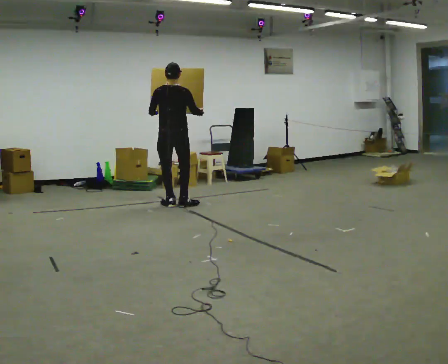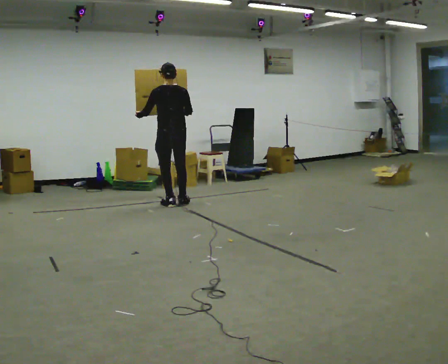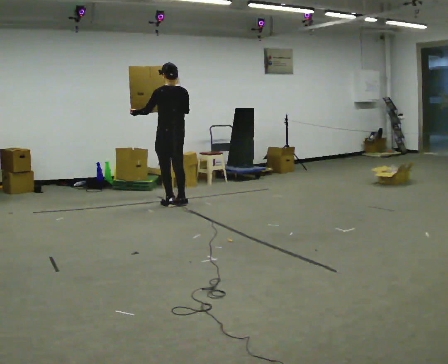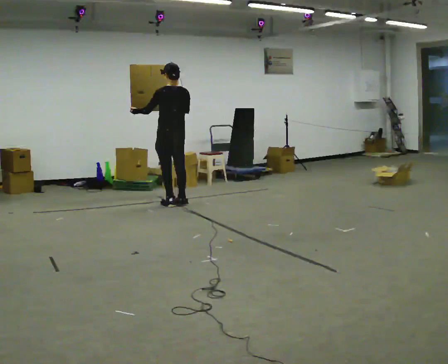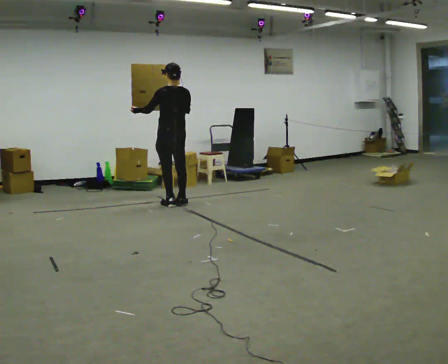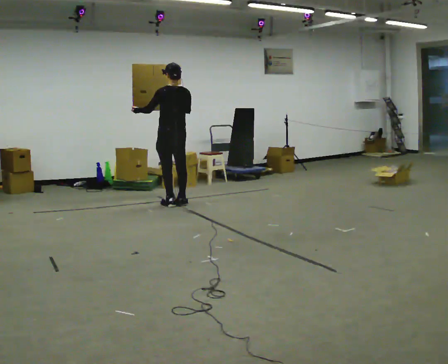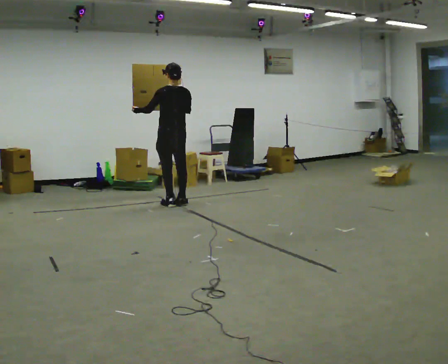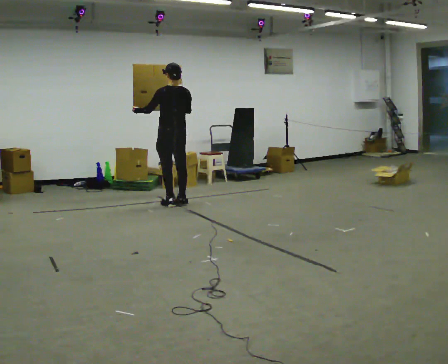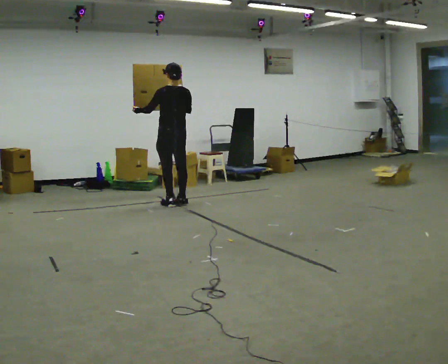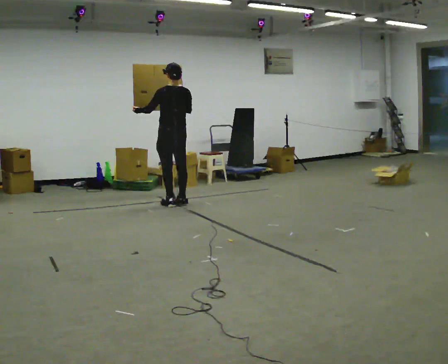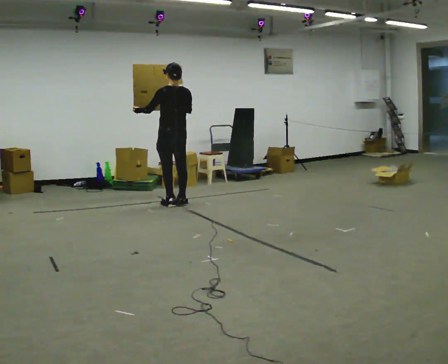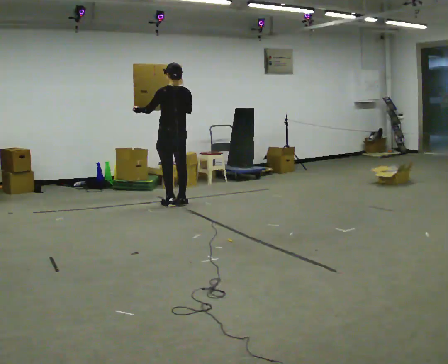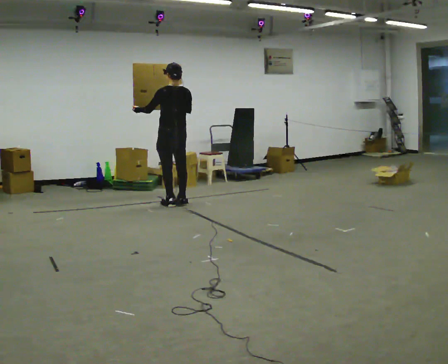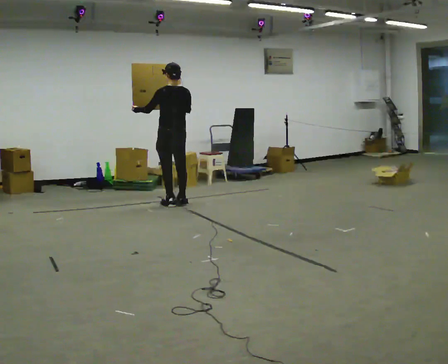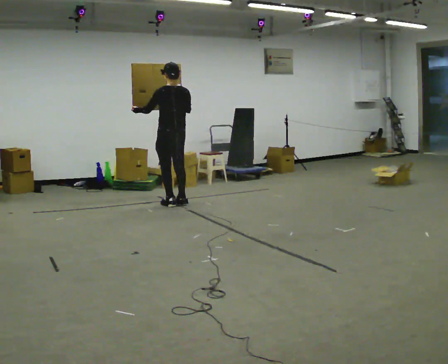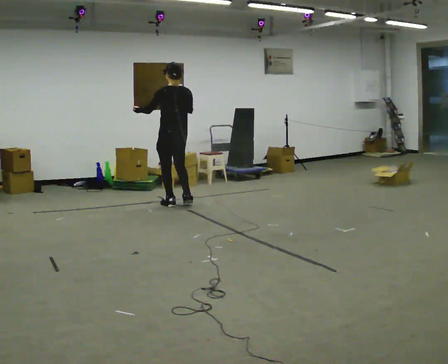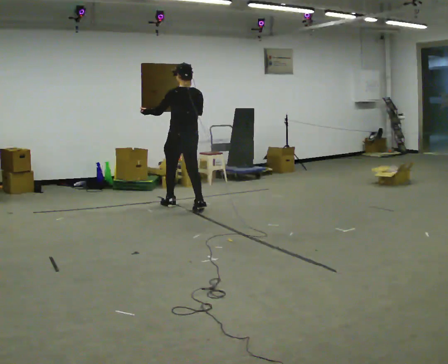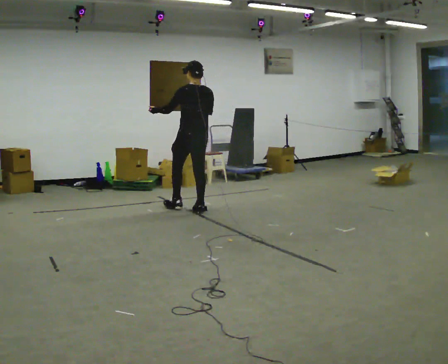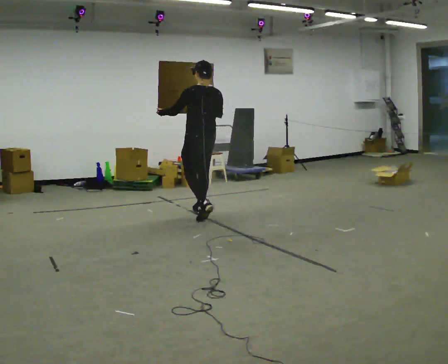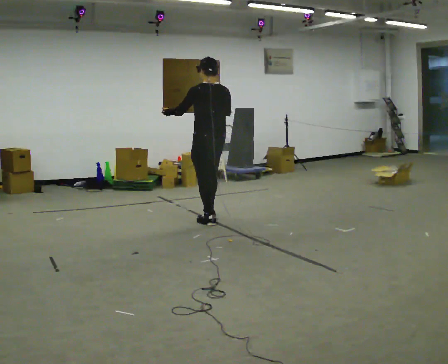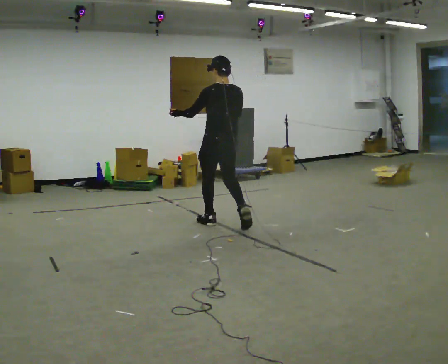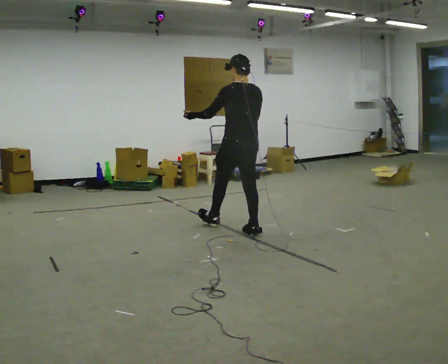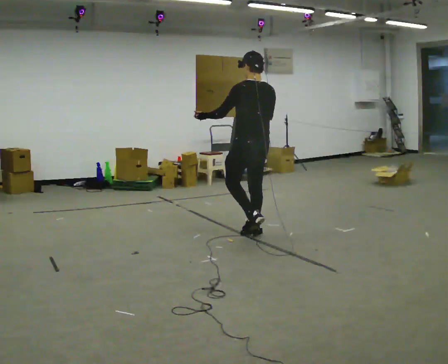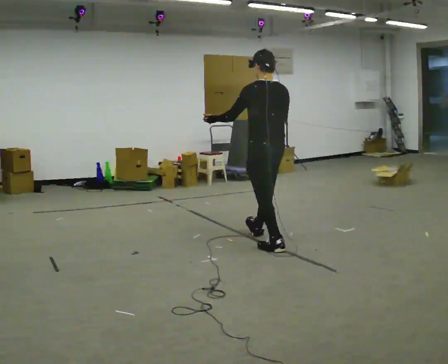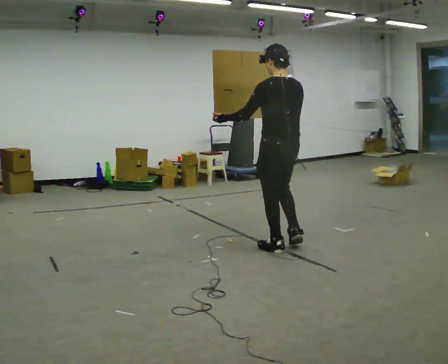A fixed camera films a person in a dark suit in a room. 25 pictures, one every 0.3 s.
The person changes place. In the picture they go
toward the camera.
0.0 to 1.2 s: The person turns about 30 degrees to their left, counterclockwise seen from above, so the part of the body nearest the lens slides to the right.
1.2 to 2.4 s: The person moves a little, or ends about where they began.
2.4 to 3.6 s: The person keeps their place and pose.
3.6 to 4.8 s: In the picture they go toward the camera, about 0.25 m in 1 step, which for them is backward.
4.8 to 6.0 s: In the picture they go toward the camera and to the right, about 1 m in 2 steps, which for them is backward.
6.0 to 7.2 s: In the picture they go toward the camera and to the right, about 1 m in 2 steps, which for them is backward.
The film runs backward here.
